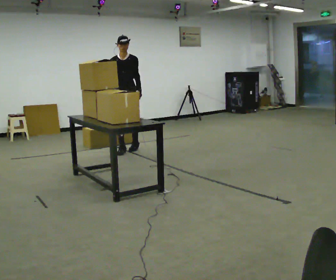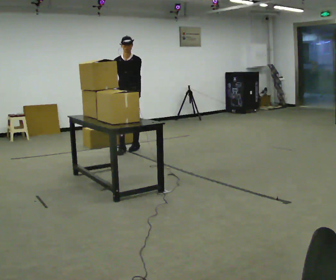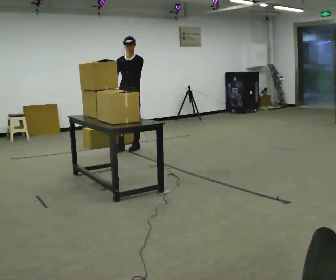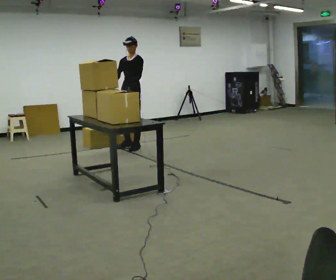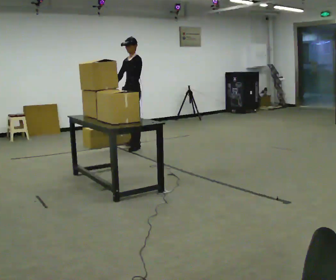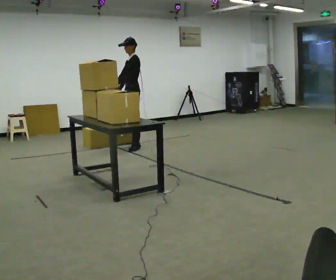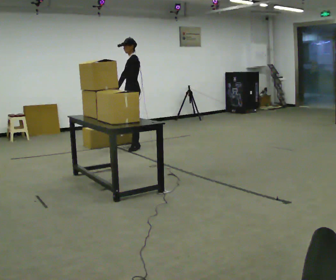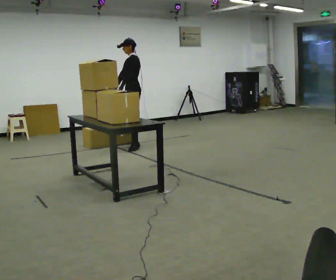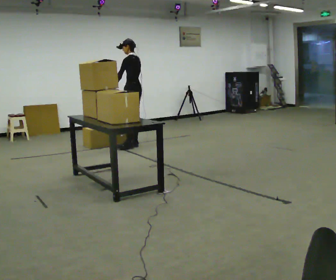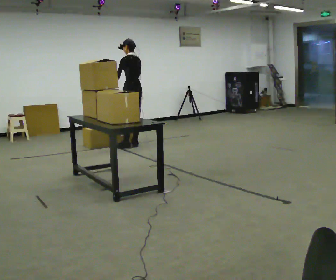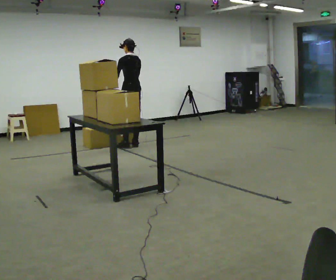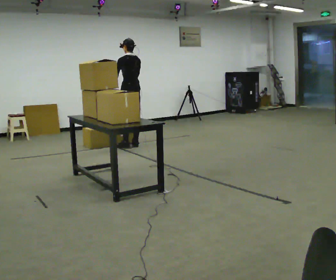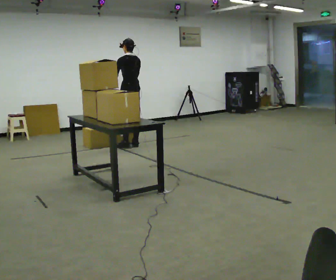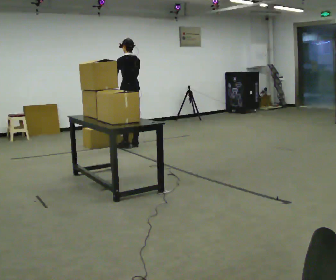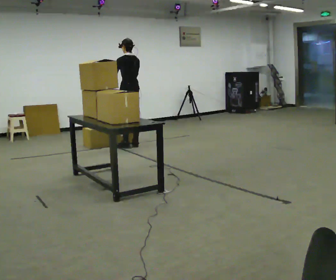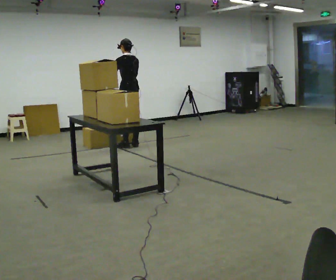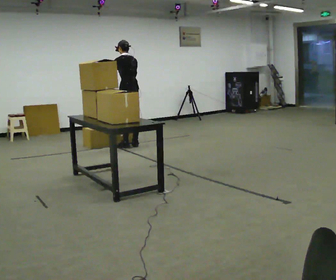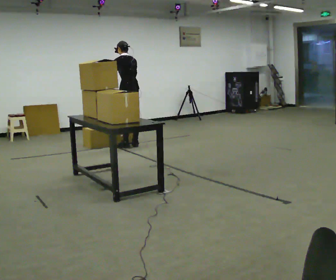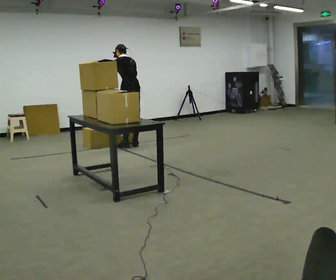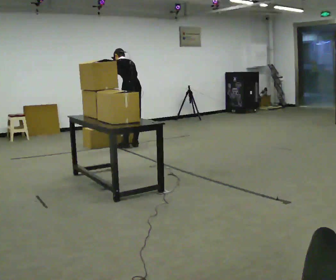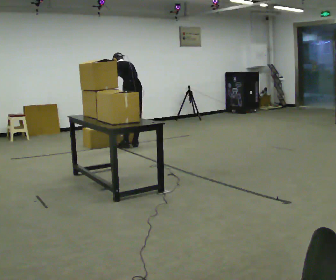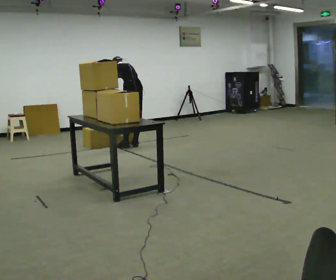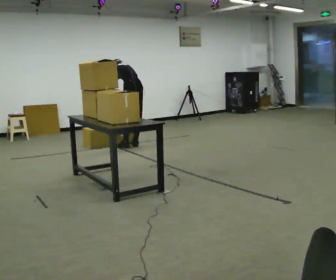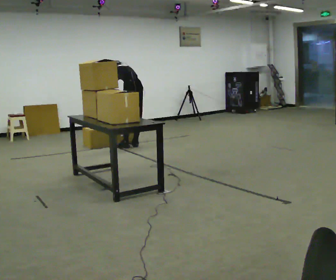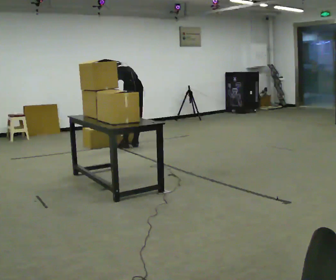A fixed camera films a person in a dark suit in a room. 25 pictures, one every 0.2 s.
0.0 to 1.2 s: Seen from above the body turns clockwise, about 90 degrees: to their right, with its near side sliding to the left. In the picture they go away from the camera and to the right, about 0.25 m in 1 step.
1.2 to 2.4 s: The part of the body nearest the lens slides to the left as the person turns to their right by about 45 degrees.
2.4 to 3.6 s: The upper body tips away from the camera, its near side rolling upward, as they bend forward.
3.6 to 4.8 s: The shoulders move downward. The upper body tips away from the camera, its near side rolling upward, as they bend forward.
The film runs backward here.
